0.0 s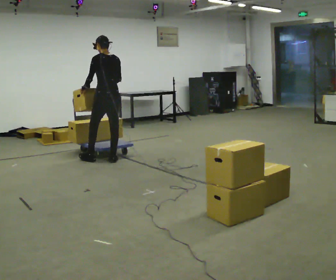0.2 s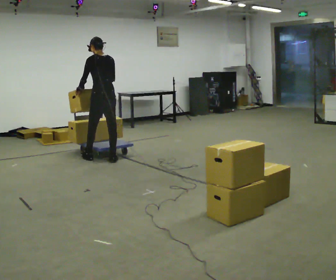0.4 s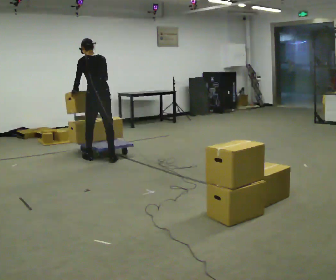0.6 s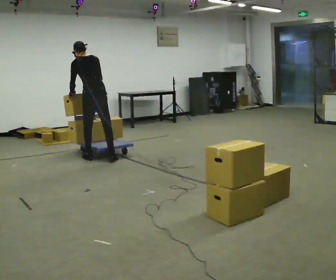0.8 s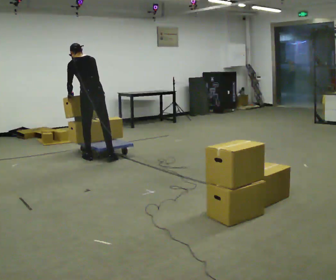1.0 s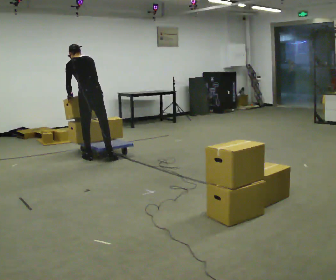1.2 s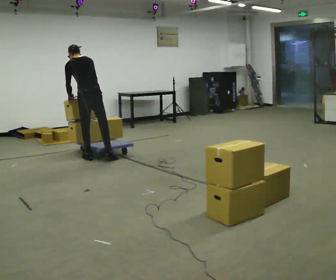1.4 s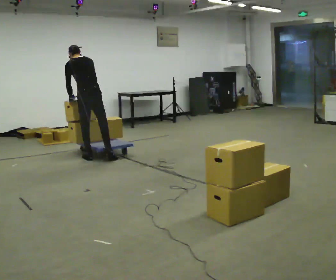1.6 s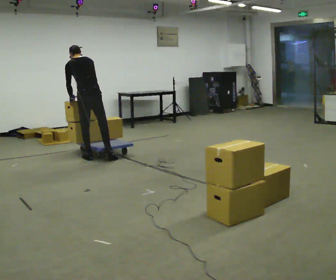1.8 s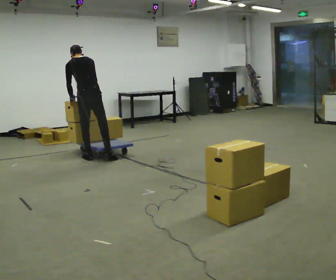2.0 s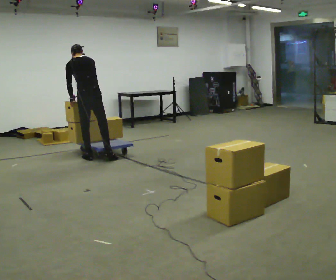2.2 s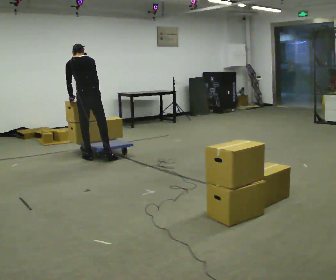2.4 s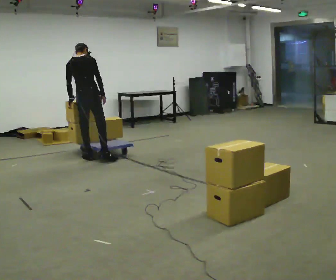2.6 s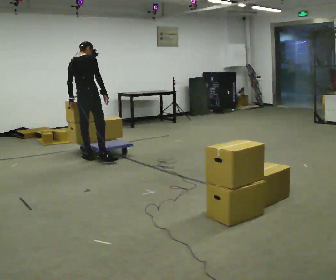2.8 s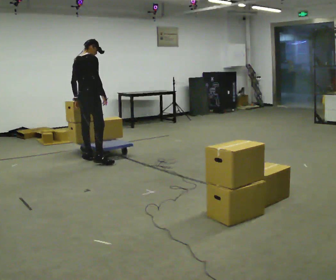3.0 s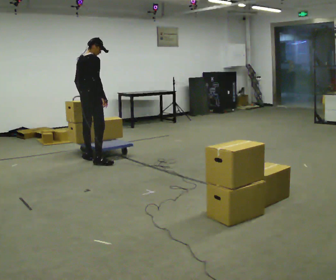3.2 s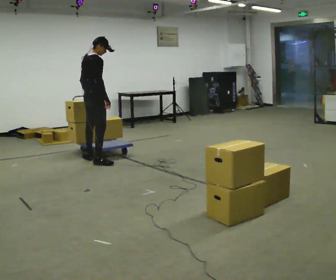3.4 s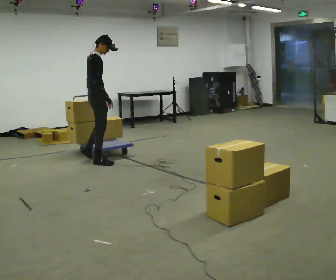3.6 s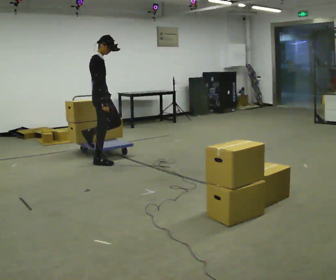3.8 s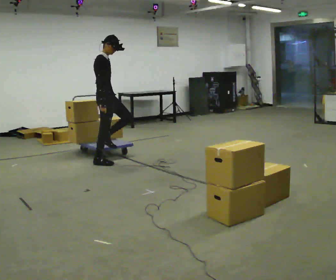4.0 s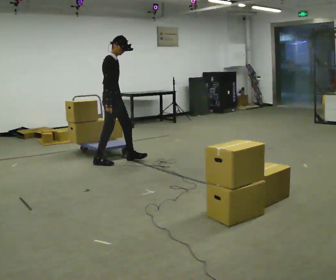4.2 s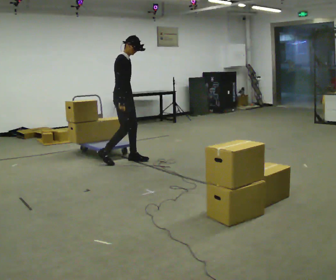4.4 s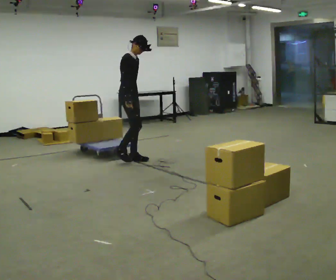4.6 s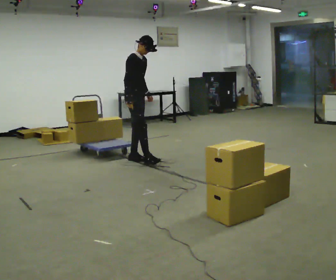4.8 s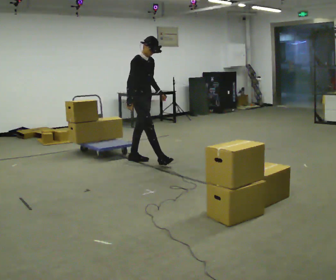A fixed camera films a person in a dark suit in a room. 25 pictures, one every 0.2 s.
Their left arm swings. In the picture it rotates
counterclockwise.
The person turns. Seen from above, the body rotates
clockwise.
0.0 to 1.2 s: In the picture they go to the left, about 0.25 m in 1 step, which for them is to their left and forward. The upper body tips away from the camera, its near side rolling upward, as they bend forward.
1.2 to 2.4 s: The person moves a little, or ends about where they began.
2.4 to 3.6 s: The part of the body nearest the lens slides to the left as the person turns to their right by about 75 degrees. In the picture they go toward the camera and to the right, about 0.25 m in 1 step. The upper body tips toward the camera, its near side rolling downward, as they lean back or straighten.
3.6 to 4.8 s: Seen from above the body turns clockwise, about 30 degrees: to their right, with its near side sliding to the left. In the picture they go to the right, about 0.5 m in 2 steps, which for them is forward.
The film runs forward here.
